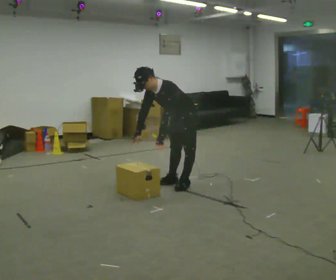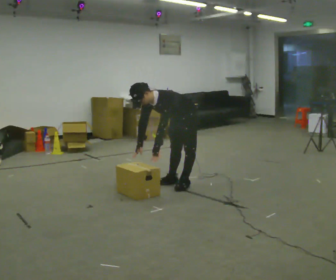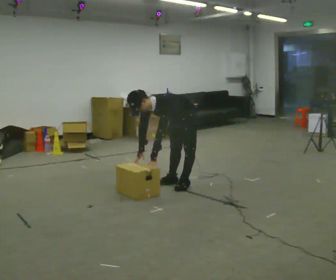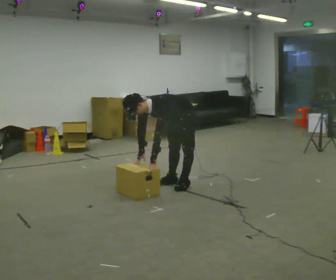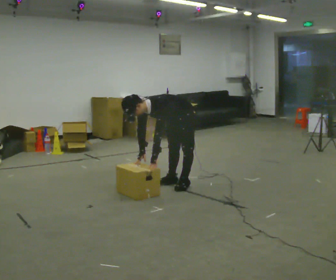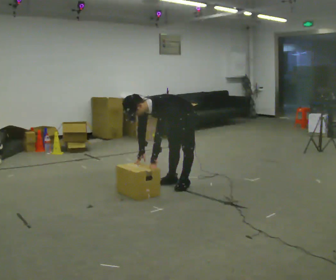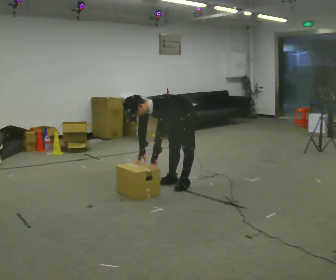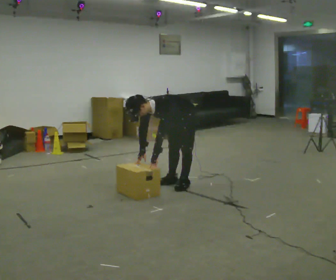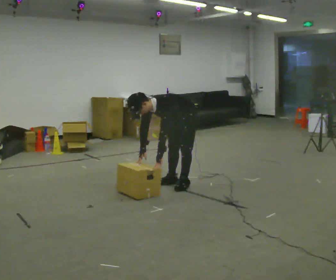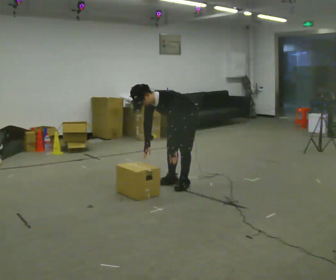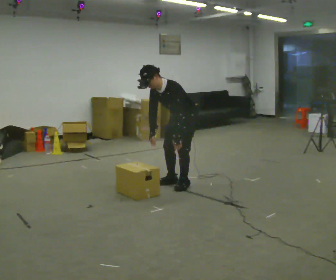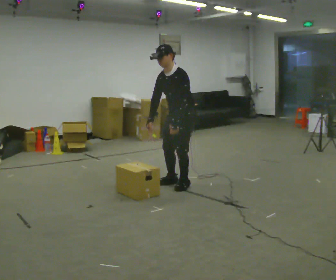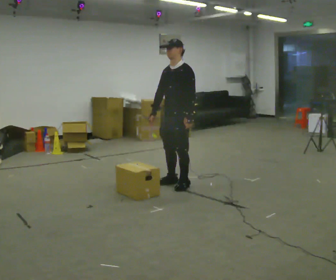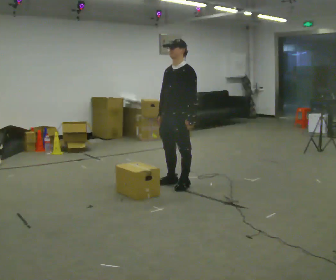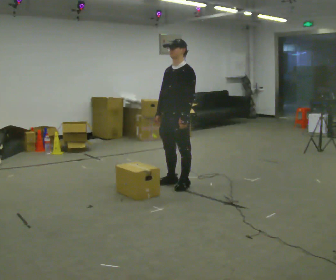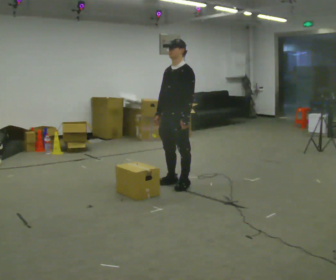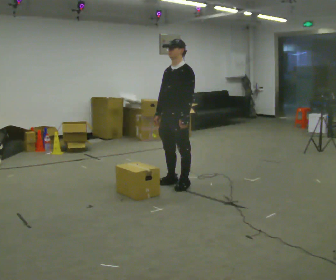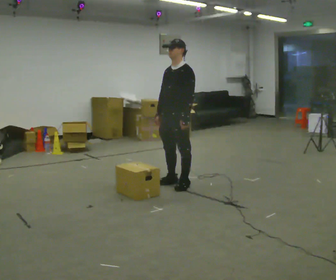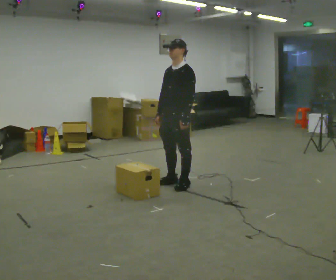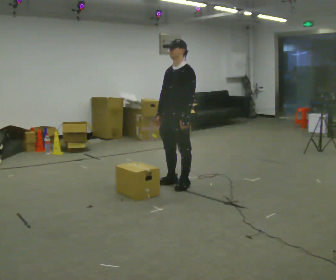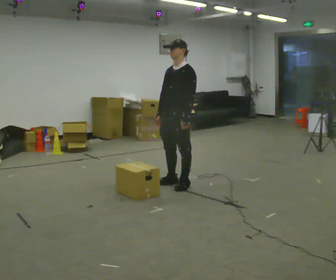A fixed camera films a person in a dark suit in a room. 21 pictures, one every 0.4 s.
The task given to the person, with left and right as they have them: The object is placed just too far away for you to reach. Try to reach it while keeping both feet planted, and step only when you have to. Repeat at your own pace until the operator says stop. Go slowly and only as far as you are comfortable. Step whenever you need to; do not try to hold on longer than feels safe.
0.0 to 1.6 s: The upper body goes downward. In the picture the upper body tilts counterclockwise, shoulders to the left, as they bend forward.
1.6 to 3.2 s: The person moves a little, or ends about where they began.
3.2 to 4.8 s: The upper body goes upward. In the picture the upper body tilts clockwise, shoulders to the right, as they lean back or straighten. In the picture their left hand goes upward and to the right.
4.8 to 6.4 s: The person moves a little, or ends about where they began.
6.4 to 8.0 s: The person keeps their place and pose.
The film runs forward here.
